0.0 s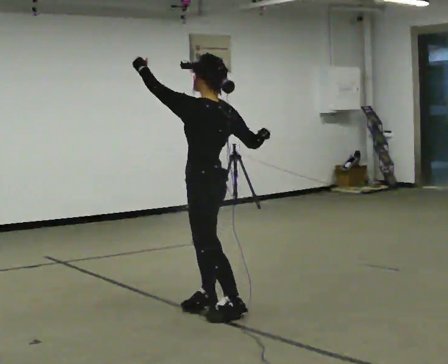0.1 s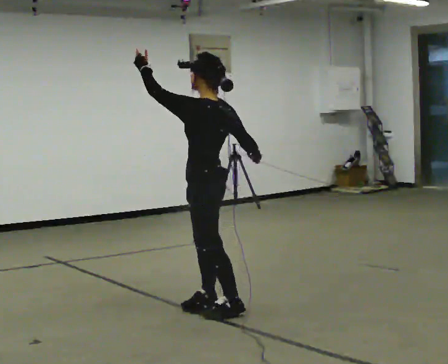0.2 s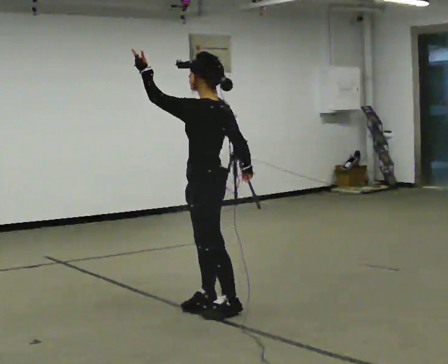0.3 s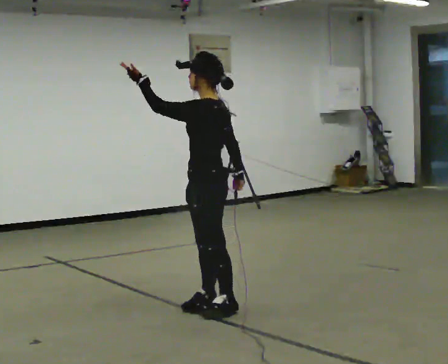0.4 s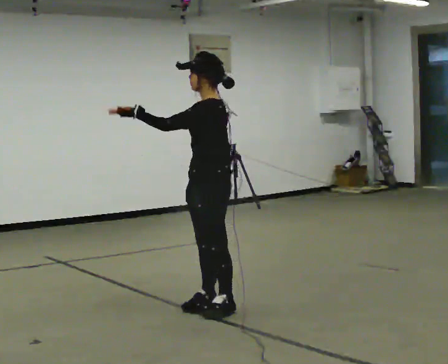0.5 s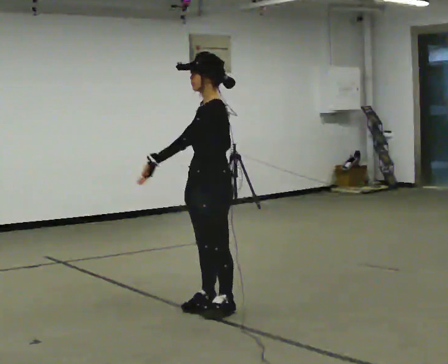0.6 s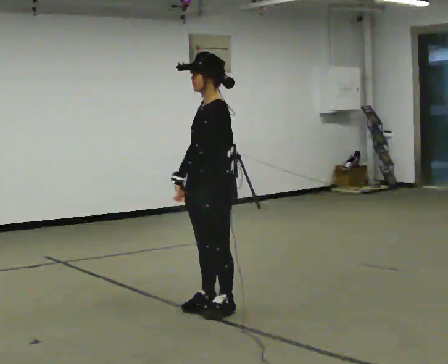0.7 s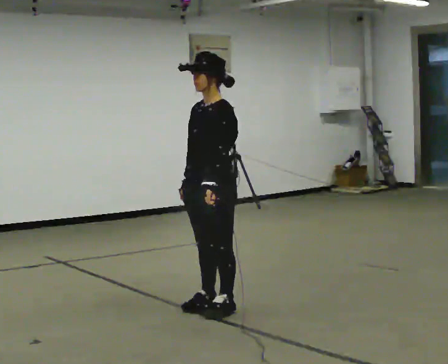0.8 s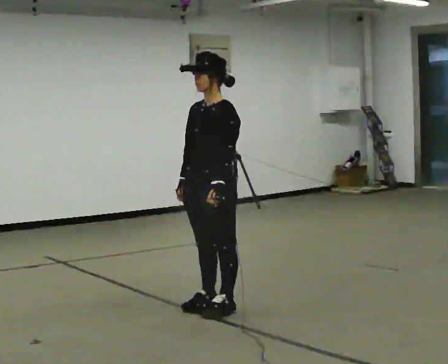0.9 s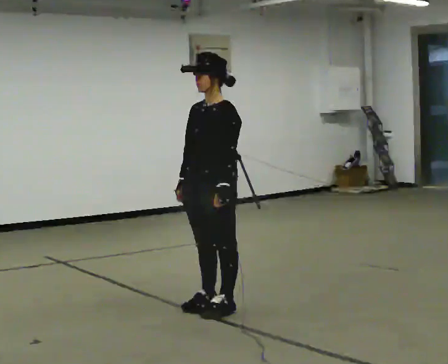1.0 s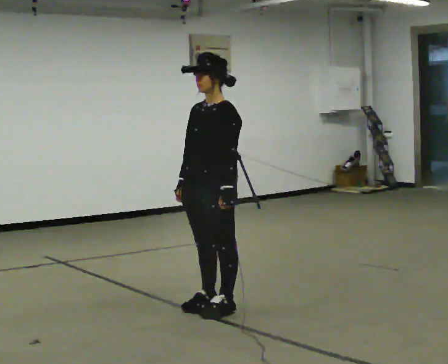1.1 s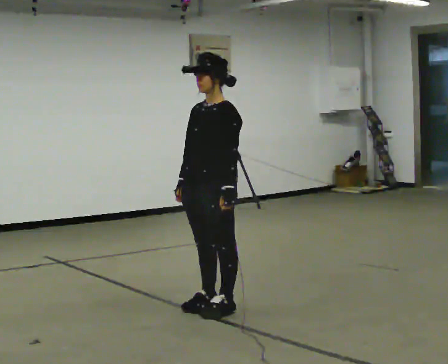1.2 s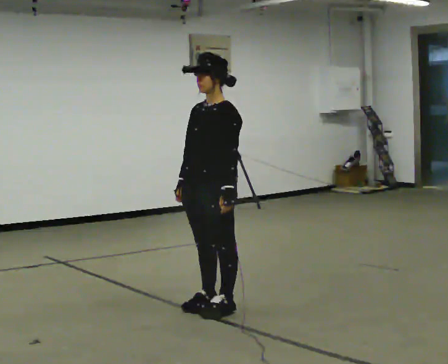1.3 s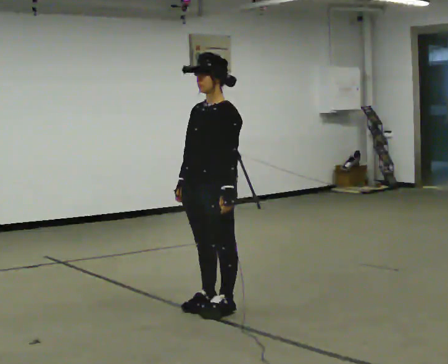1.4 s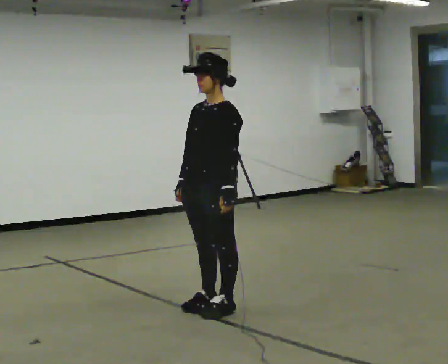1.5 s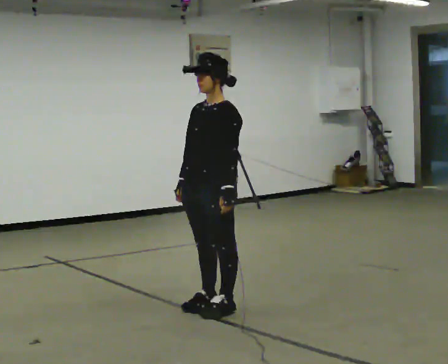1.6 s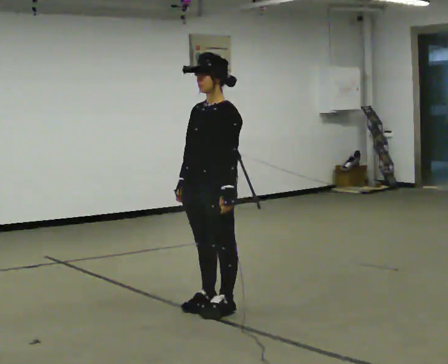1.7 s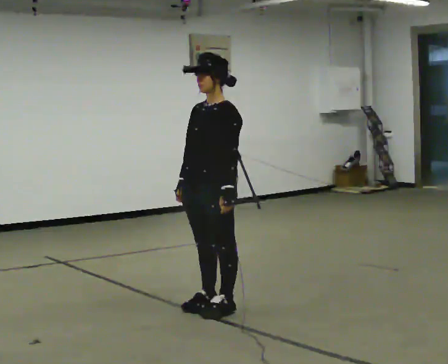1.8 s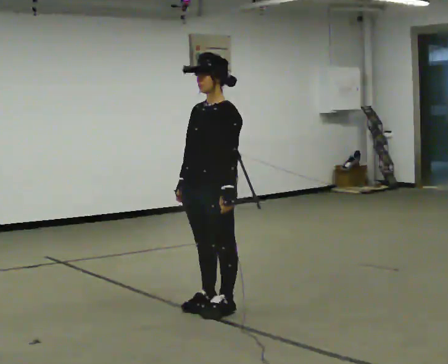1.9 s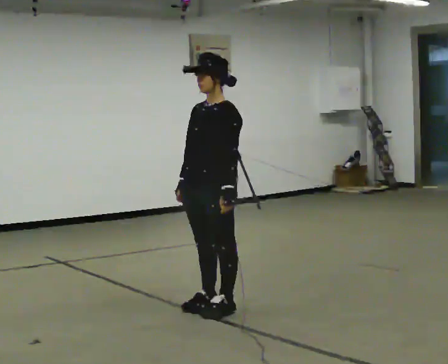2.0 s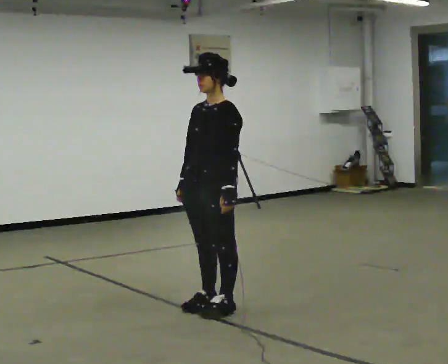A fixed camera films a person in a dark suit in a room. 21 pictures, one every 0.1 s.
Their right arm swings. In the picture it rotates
clockwise.
Their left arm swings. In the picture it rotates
counterclockwise.
0.0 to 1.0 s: The part of the body nearest the lens slides to the right as the person turns to their left by about 60 degrees. In the picture their left hand goes downward and to the right, the arm swinging counterclockwise.
1.0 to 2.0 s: The person keeps their place and pose.
The film runs backward here.
